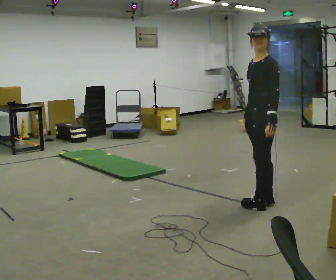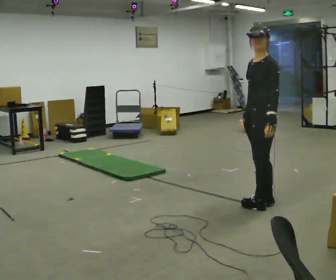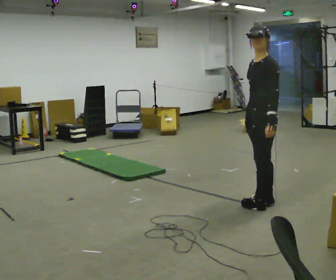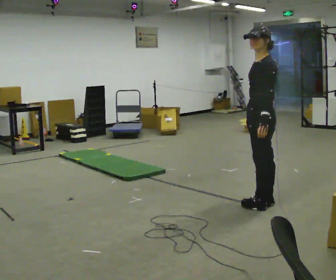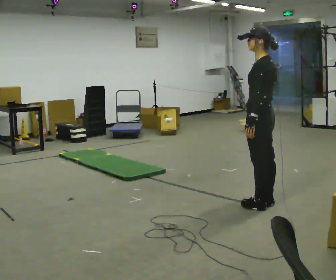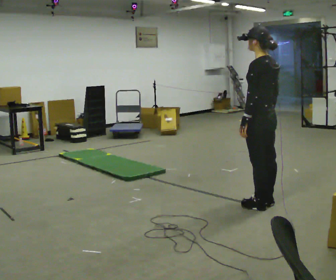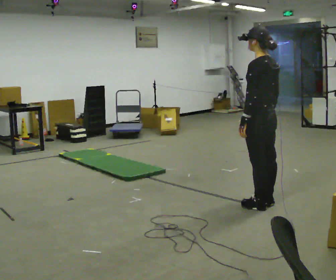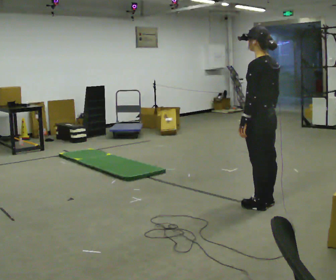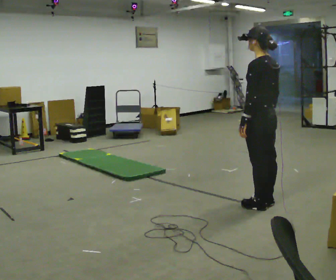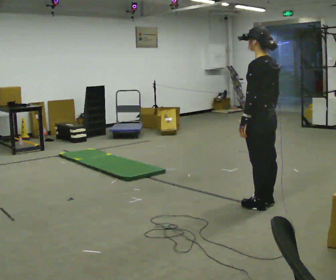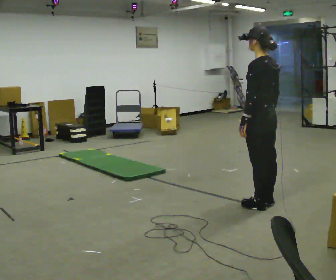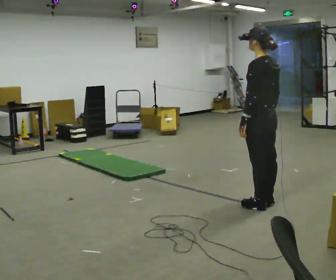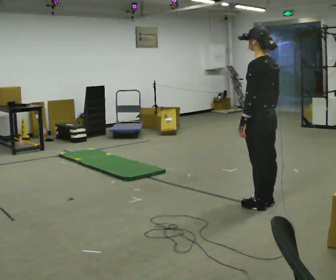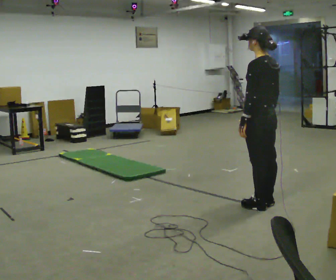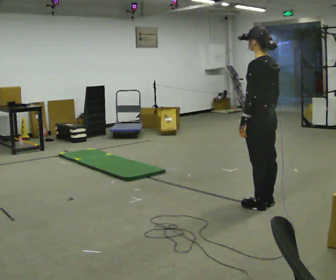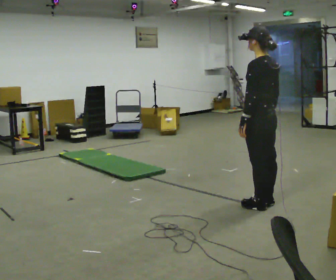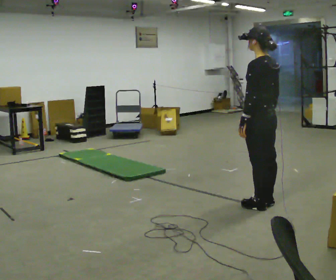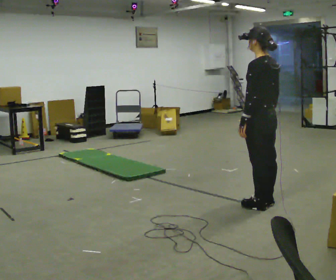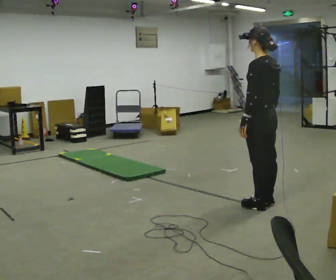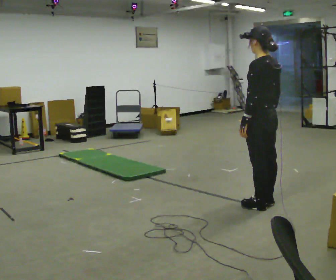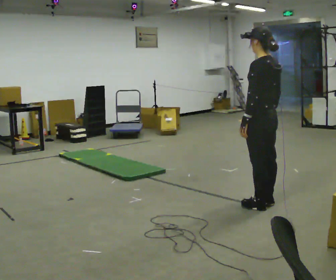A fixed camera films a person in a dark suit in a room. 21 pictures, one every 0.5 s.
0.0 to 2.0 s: The person turns about 30 degrees to their right, clockwise seen from above, so the part of the body nearest the lens slides to the left.
2.0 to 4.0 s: The person moves a little, or ends about where they began.
4.0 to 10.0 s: The person keeps their place and pose.
The film runs backward here.
